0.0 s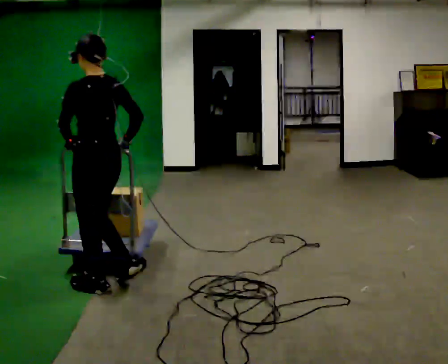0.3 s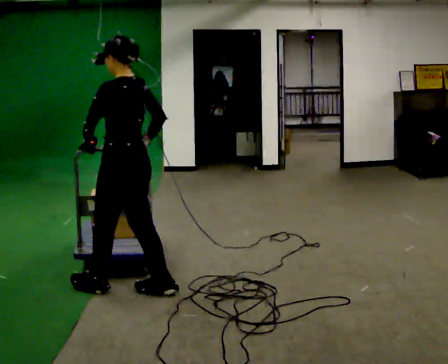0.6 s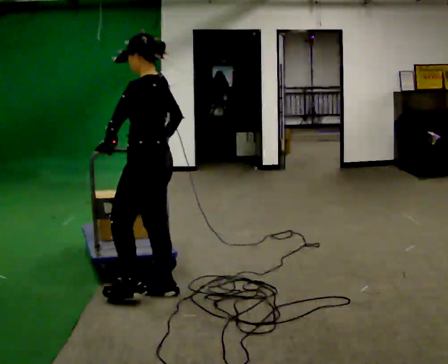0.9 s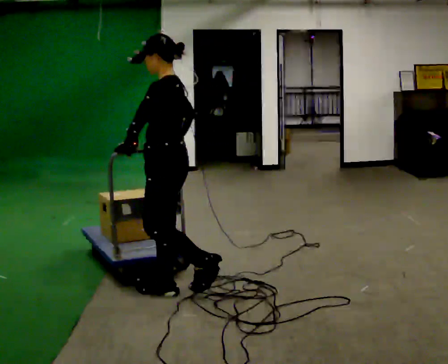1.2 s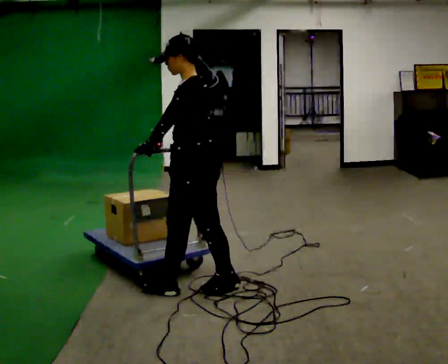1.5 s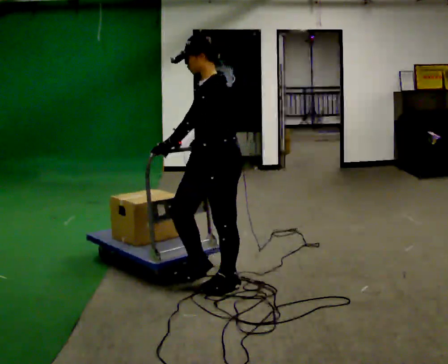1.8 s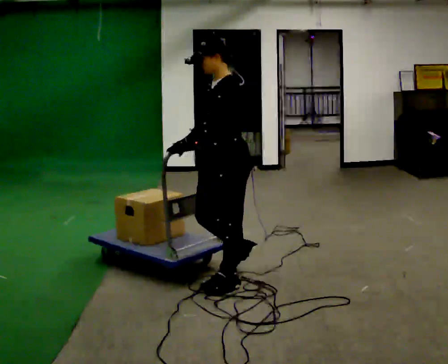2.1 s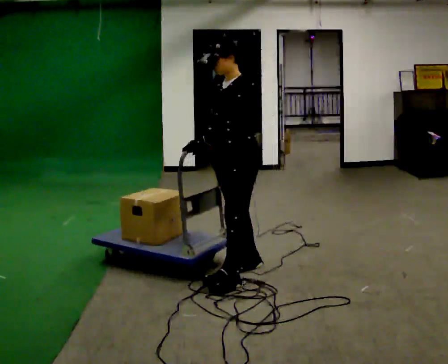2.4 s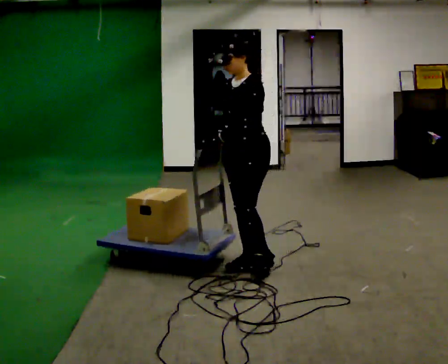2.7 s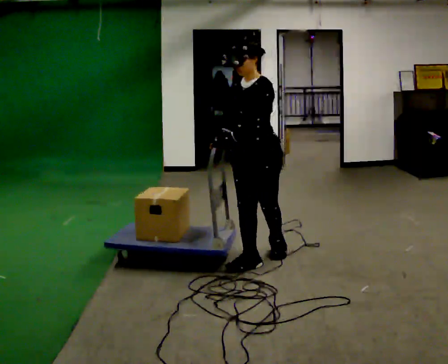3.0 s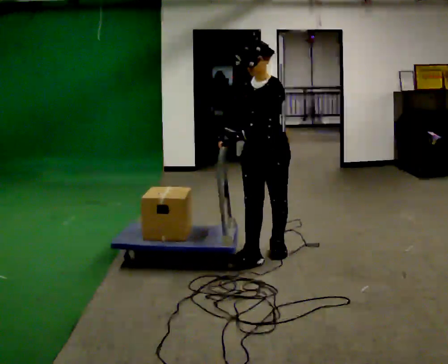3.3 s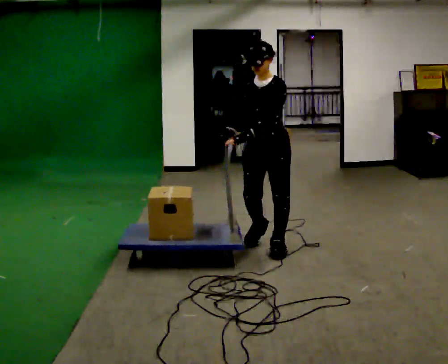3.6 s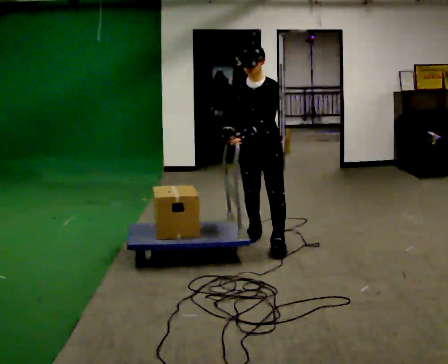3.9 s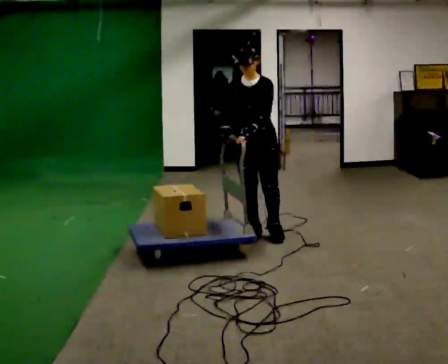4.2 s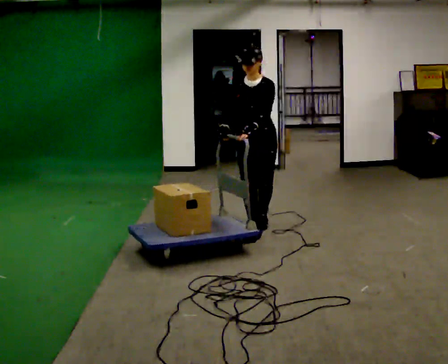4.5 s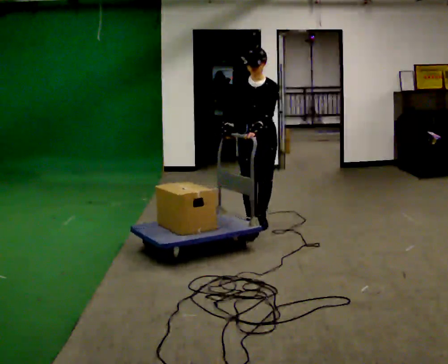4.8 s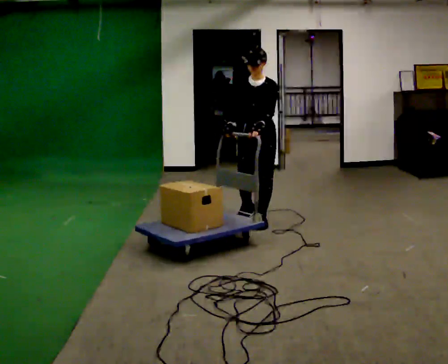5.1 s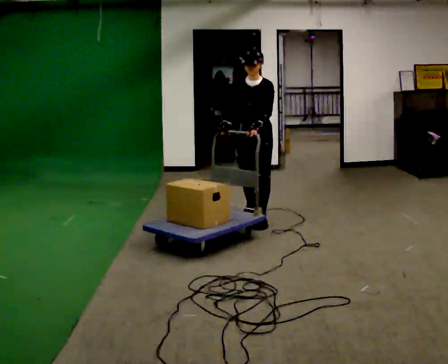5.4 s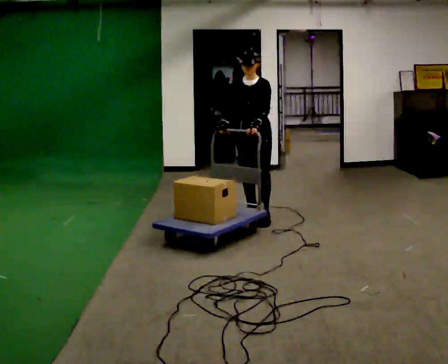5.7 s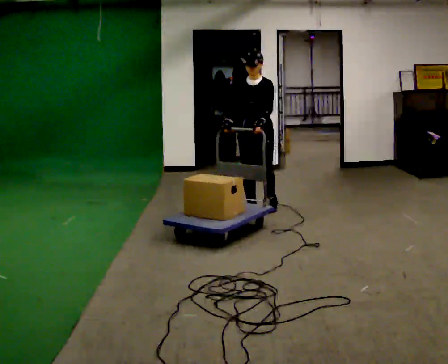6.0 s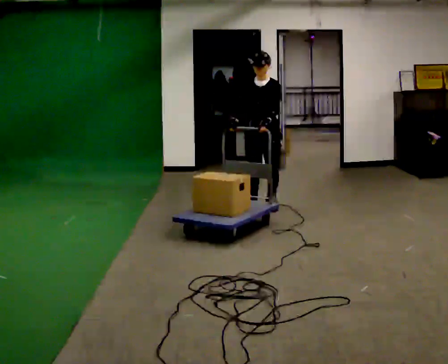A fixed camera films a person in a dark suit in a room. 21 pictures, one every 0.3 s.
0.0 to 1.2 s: The part of the body nearest the lens slides to the right as the person turns to their left by about 45 degrees. In the picture they go to the right, about 0.5 m in 1 step, which for them is backward.
1.2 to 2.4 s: Seen from above the body turns counterclockwise, about 30 degrees: to their left, with its near side sliding to the right. In the picture they go away from the camera and to the right, about 0.5 m in 2 steps, which for them is backward and to their right.
2.4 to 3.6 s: The person turns about 30 degrees to their left, counterclockwise seen from above, so the part of the body nearest the lens slides to the right. In the picture they go away from the camera, about 0.5 m in 1 step, which for them is backward.
3.6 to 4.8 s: In the picture they go away from the camera, about 0.5 m in 2 steps, which for them is backward.
4.8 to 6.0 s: In the picture they go away from the camera, about 0.5 m in 1 step, which for them is backward.
The film runs backward here.
